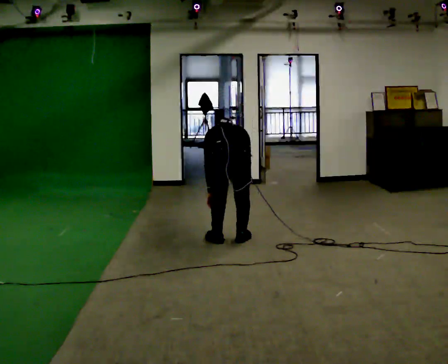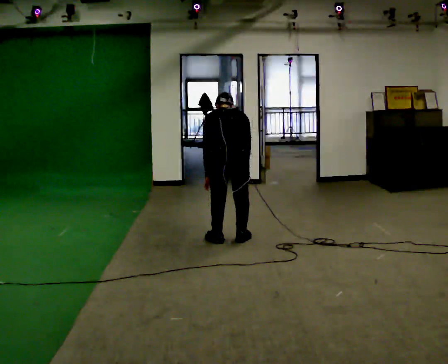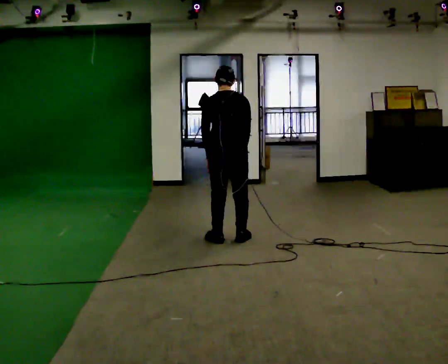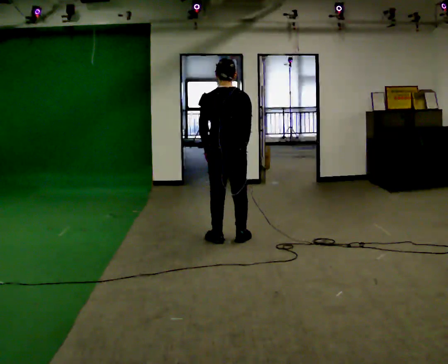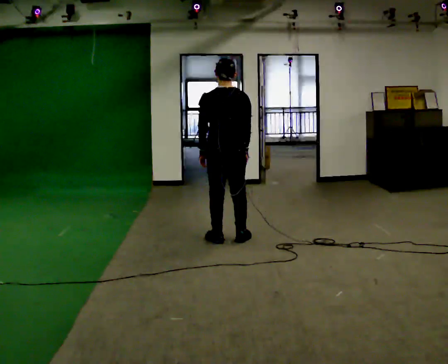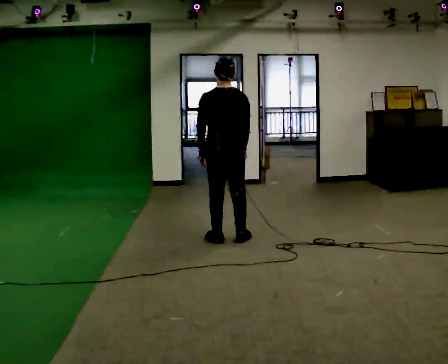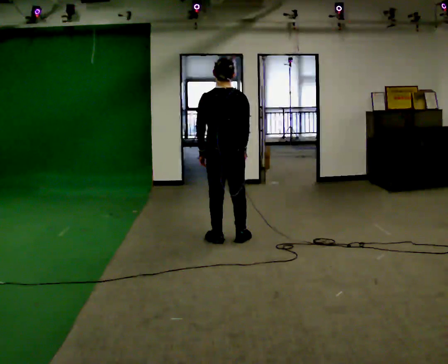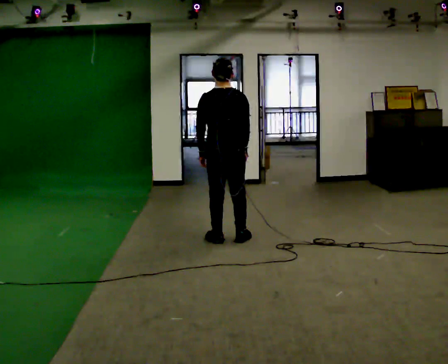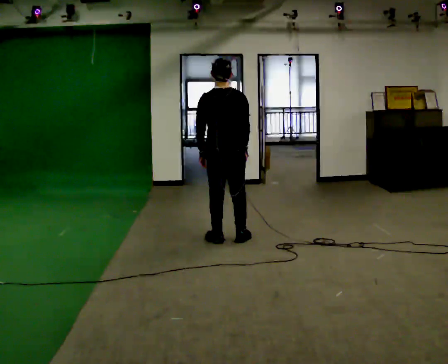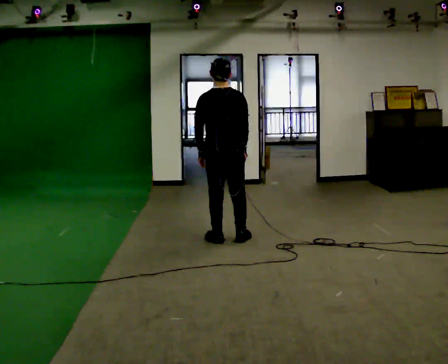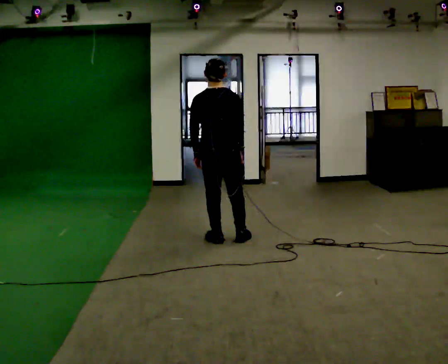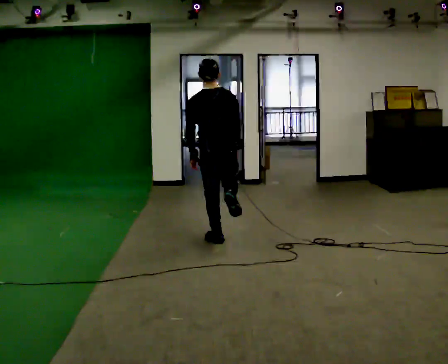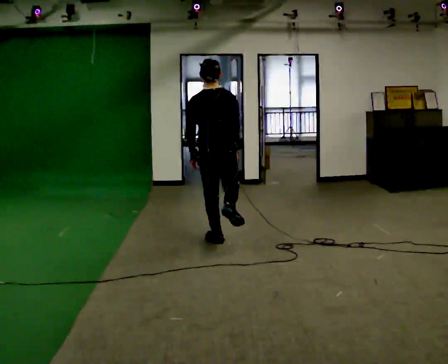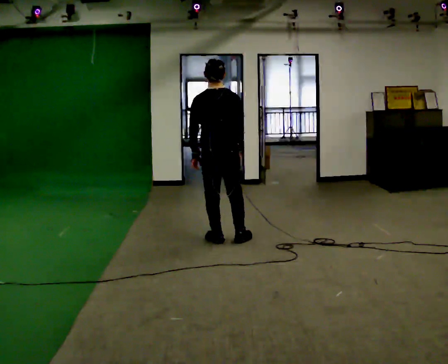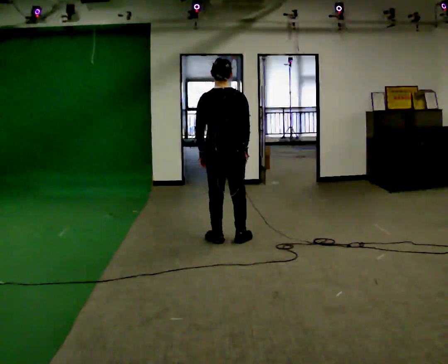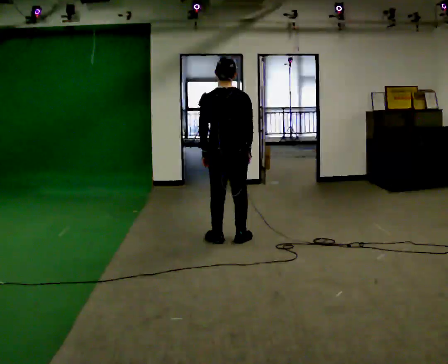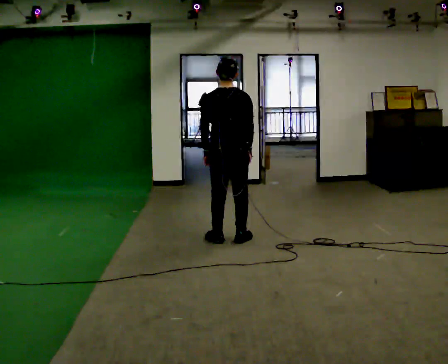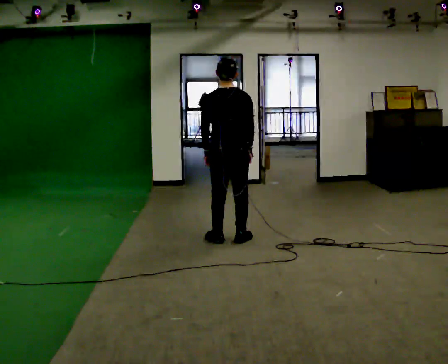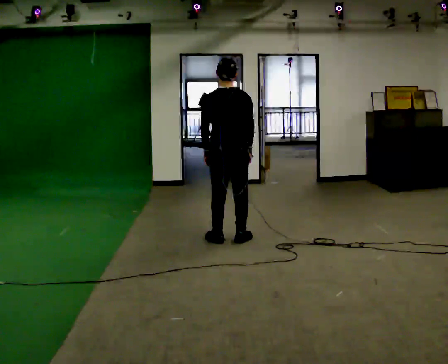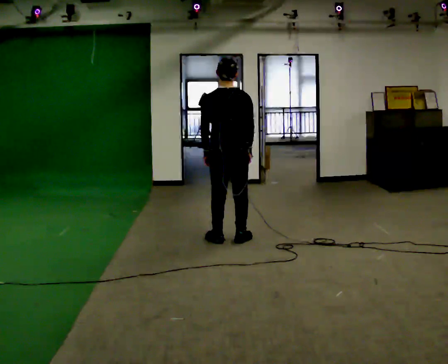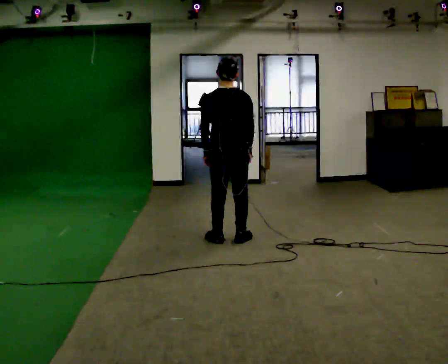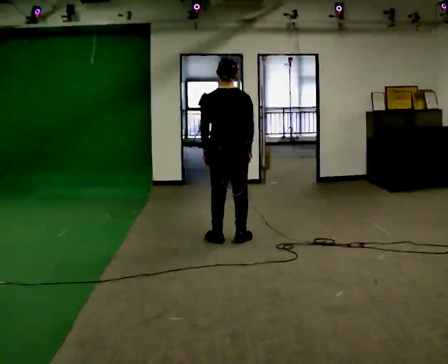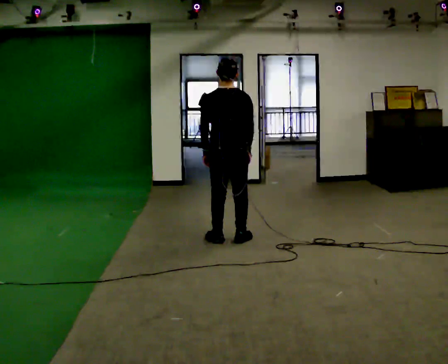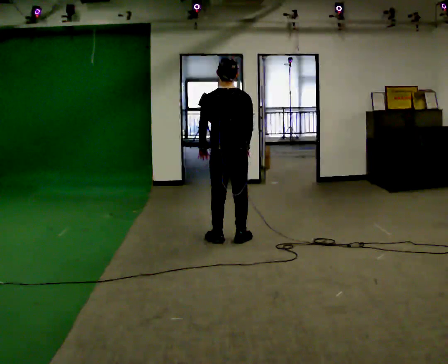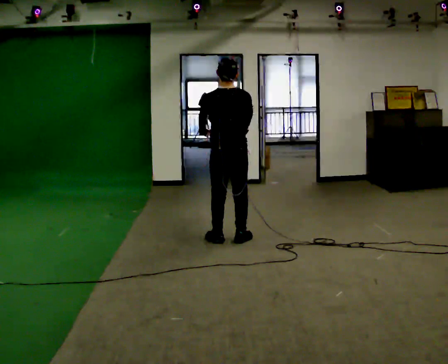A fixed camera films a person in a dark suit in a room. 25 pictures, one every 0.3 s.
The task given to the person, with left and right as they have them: Work through the stretches in order, holding each one briefly: touch your toes, pull each heel up behind you, stretch each arm across your chest, and stretch each calf. Stay in one place throughout.
0.0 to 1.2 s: In the picture they go away from the camera, about 0.25 m, which for them is forward. The shoulders move upward. The upper body tips toward the camera, its near side rolling downward, as they lean back or straighten. In the picture their right hand goes upward.
1.2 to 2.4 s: The person keeps their place and pose.
2.4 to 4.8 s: The person moves a little, or ends about where they began.
4.8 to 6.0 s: The person keeps their place and pose.
6.0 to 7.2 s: The person moves a little, or ends about where they began.
The film runs forward here.
